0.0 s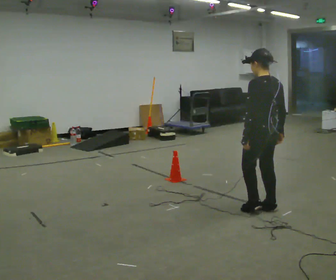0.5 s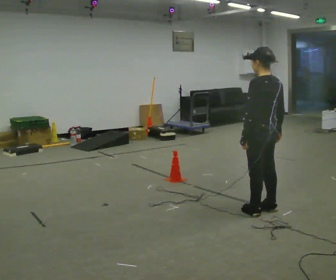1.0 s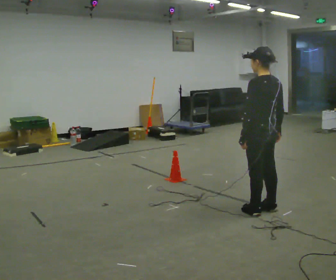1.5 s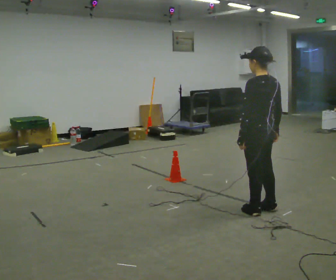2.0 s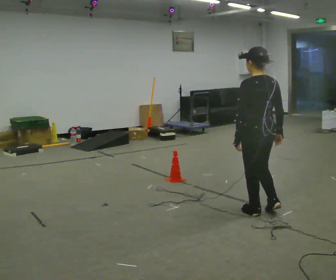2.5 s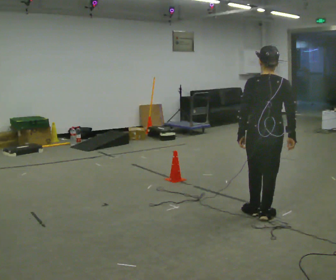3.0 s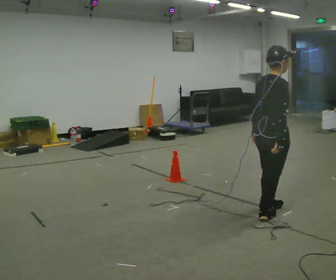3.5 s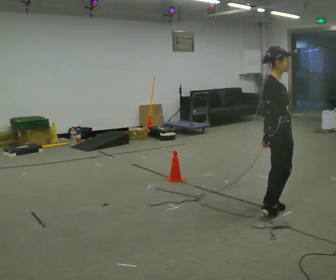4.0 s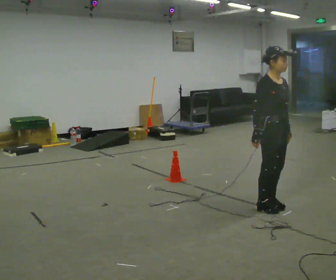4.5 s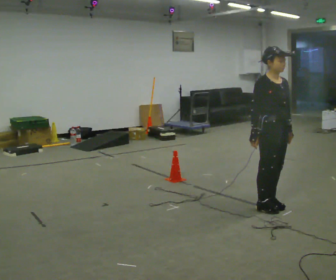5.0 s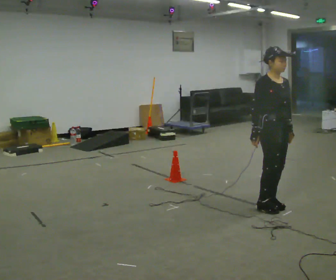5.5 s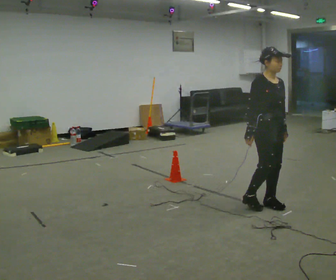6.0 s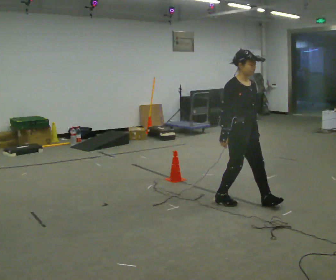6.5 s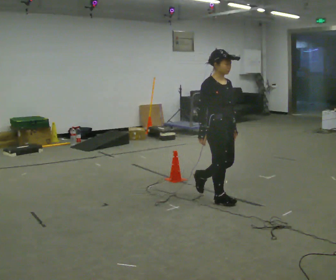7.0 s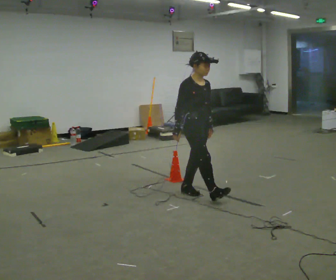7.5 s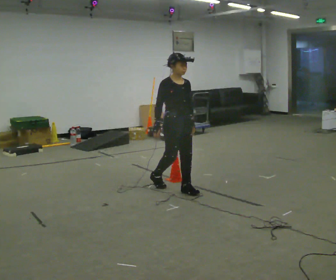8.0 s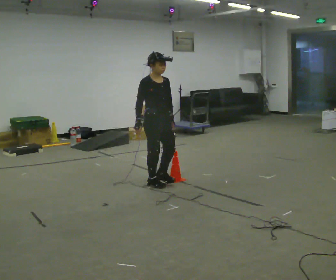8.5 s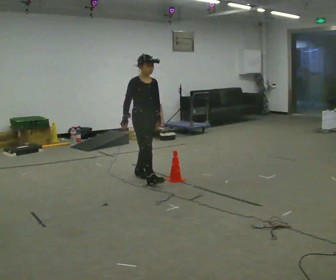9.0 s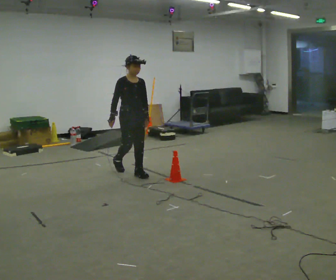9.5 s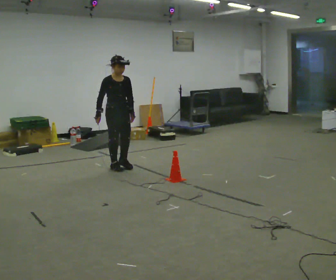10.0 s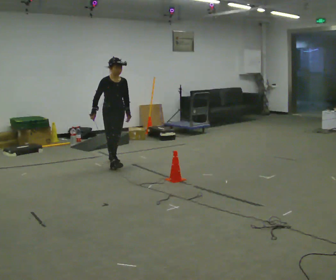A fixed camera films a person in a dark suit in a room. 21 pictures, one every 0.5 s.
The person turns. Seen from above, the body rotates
clockwise.
The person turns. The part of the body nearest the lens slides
to the left.
0.0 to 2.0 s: The person moves a little, or ends about where they began.
2.0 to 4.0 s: Seen from above the body turns clockwise, about 165 degrees: to their right, with its near side sliding to the left.
4.0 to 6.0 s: In the picture they go to the left, about 0.25 m in 2 steps, which for them is backward.
6.0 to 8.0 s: In the picture they go to the left and away from the camera, about 1 m in 2 steps, which for them is backward.
8.0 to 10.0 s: In the picture they go away from the camera and to the left, about 1 m in 2 steps, which for them is backward.
The film runs backward here.
